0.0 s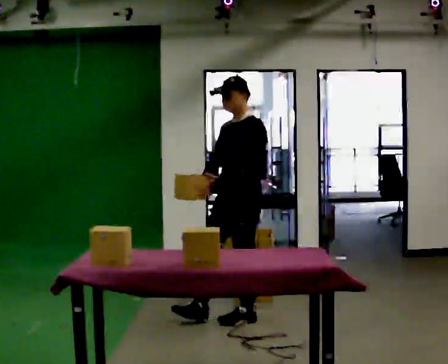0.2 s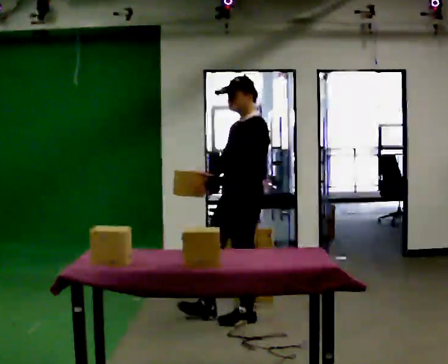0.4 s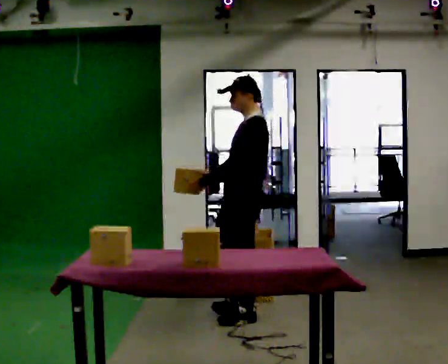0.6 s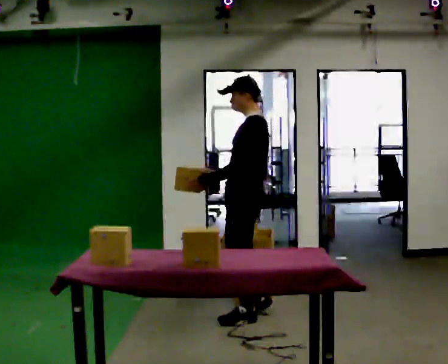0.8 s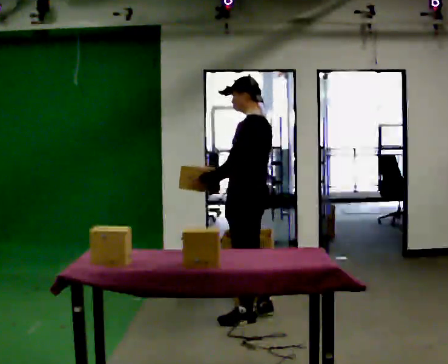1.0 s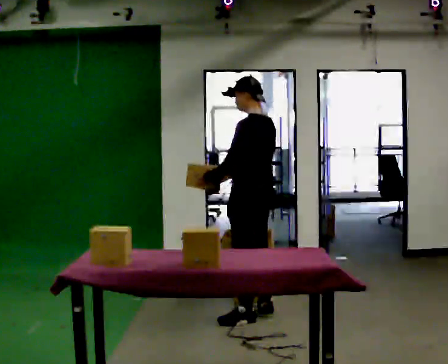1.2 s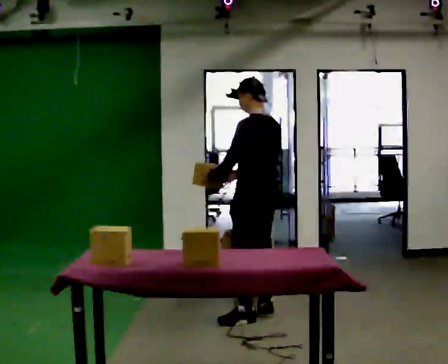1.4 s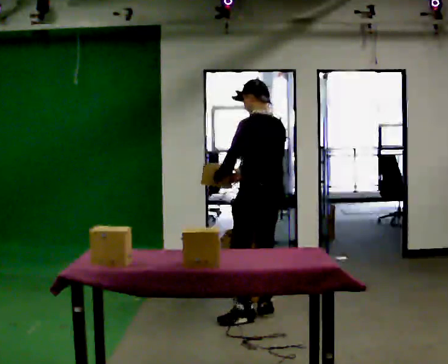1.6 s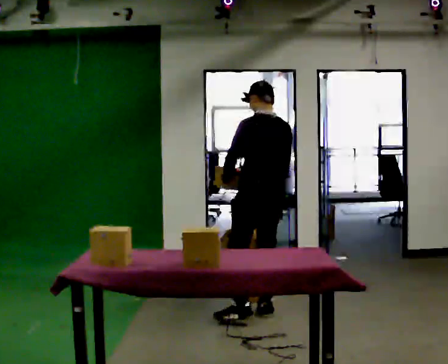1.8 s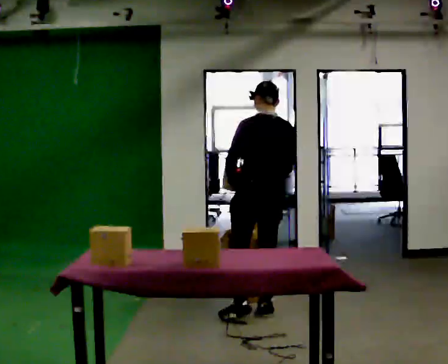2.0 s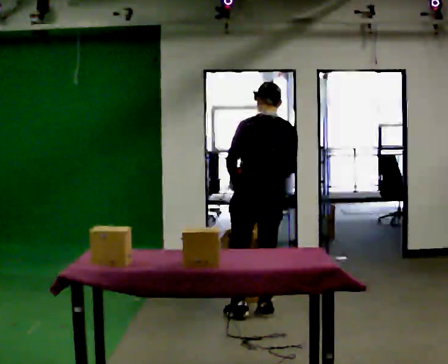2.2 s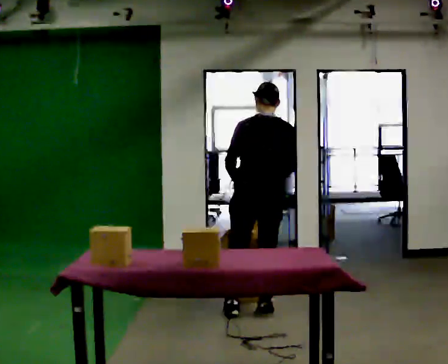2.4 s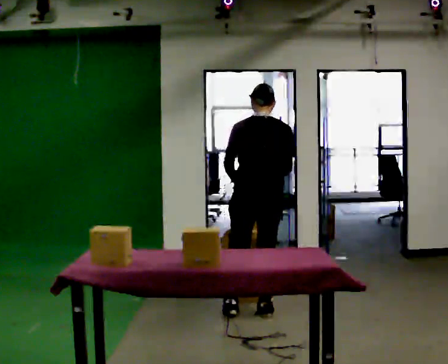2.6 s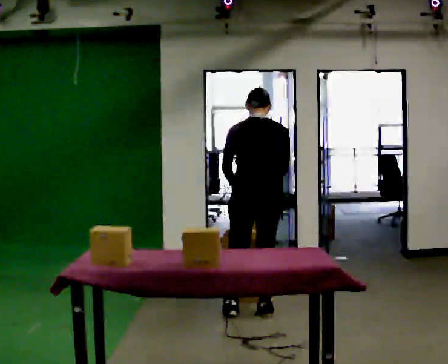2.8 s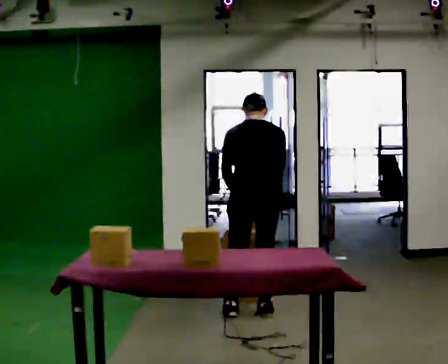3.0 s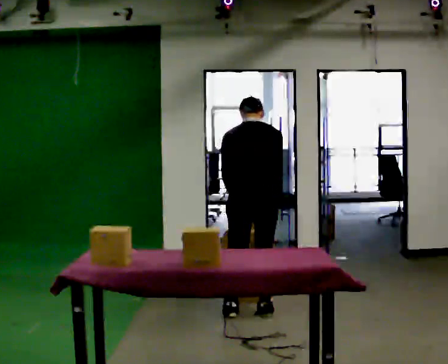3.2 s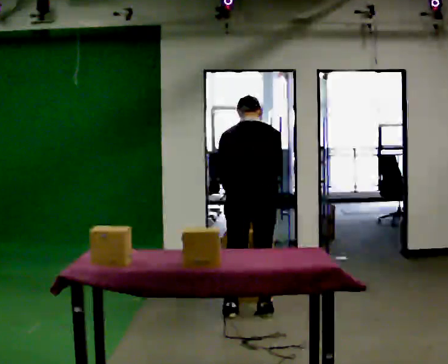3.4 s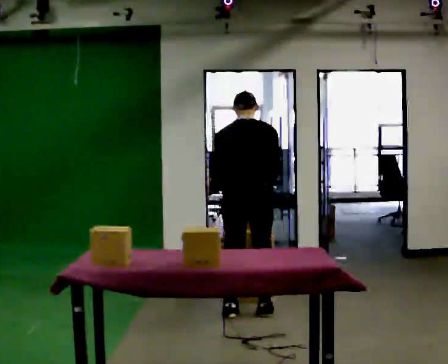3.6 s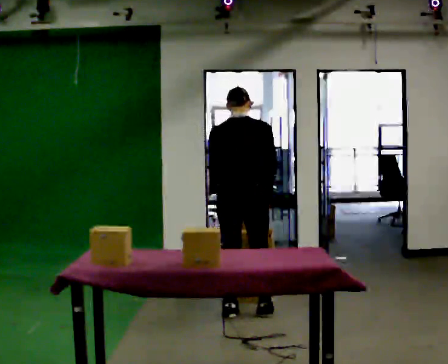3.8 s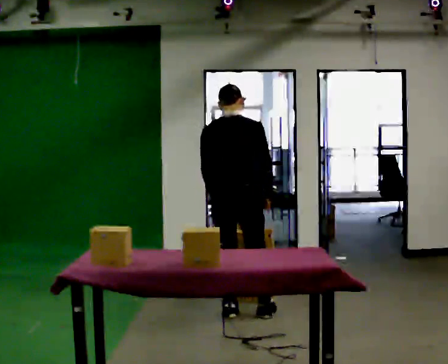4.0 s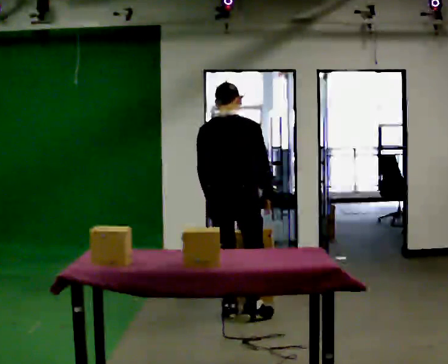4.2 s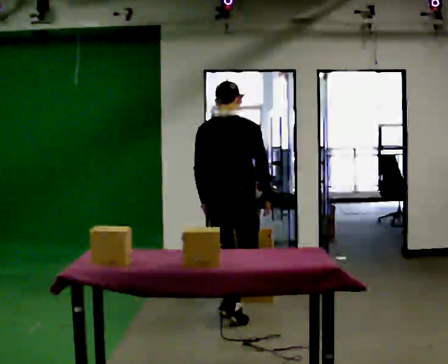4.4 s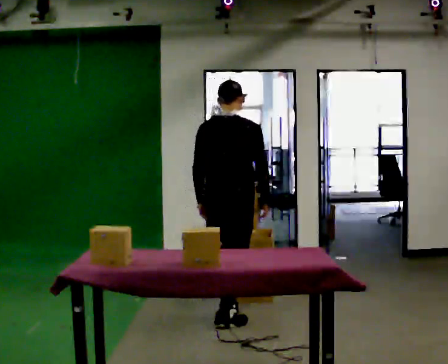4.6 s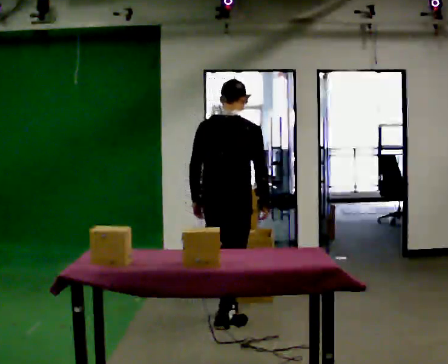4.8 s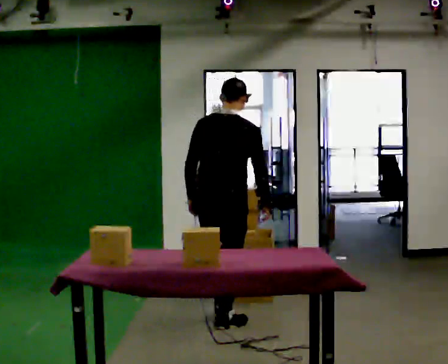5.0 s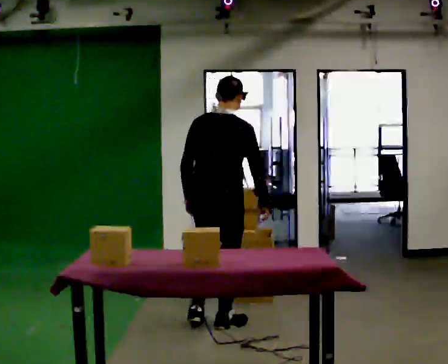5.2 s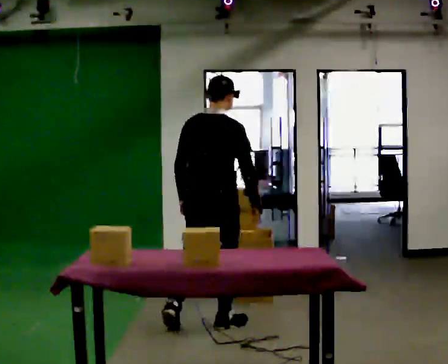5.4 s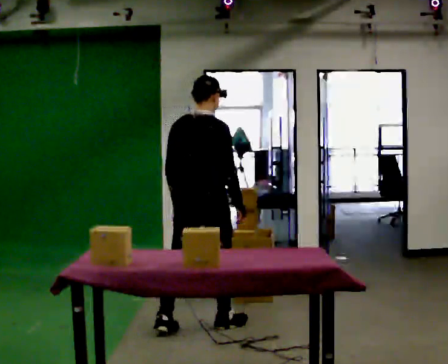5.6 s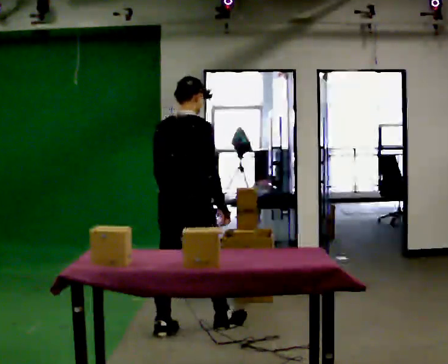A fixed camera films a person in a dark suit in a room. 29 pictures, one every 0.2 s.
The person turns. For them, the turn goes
to their right.
The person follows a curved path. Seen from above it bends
counterclockwise.
0.0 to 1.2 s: The person turns about 60 degrees to their right, clockwise seen from above, so the part of the body nearest the lens slides to the left.
1.2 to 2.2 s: The person turns about 45 degrees to their right, clockwise seen from above, so the part of the body nearest the lens slides to the left.
2.2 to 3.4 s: The person moves a little, or ends about where they began.
3.4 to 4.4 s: The upper body tips toward the camera, its near side rolling downward, as they lean back or straighten.
4.4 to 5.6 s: In the picture they go toward the camera and to the left, about 0.5 m in 1 step, which for them is backward and to their left.
The film runs backward here.
